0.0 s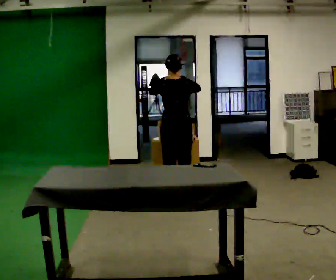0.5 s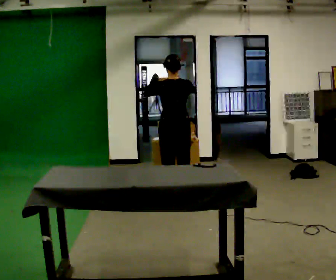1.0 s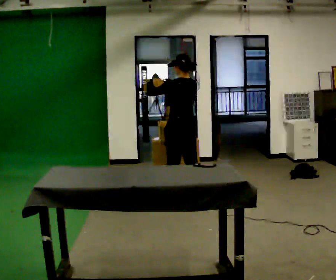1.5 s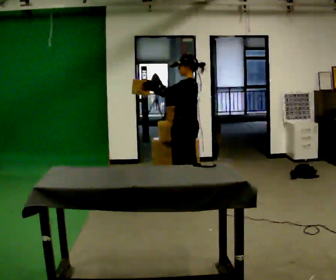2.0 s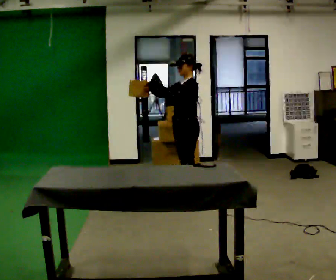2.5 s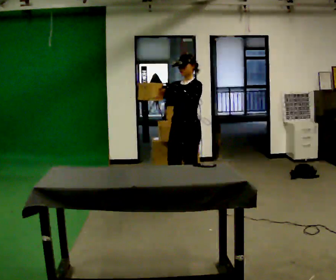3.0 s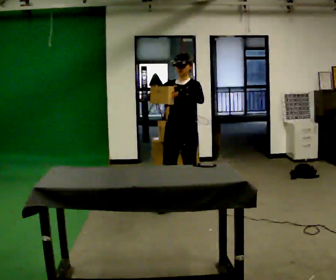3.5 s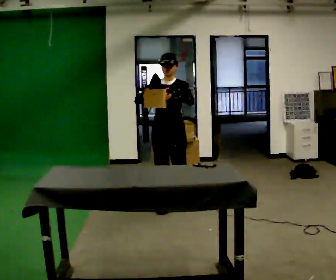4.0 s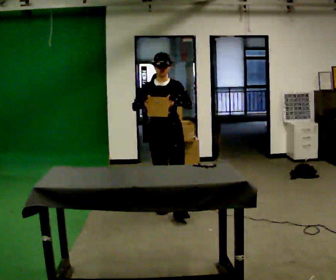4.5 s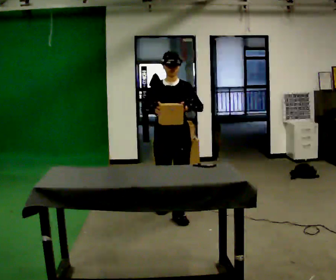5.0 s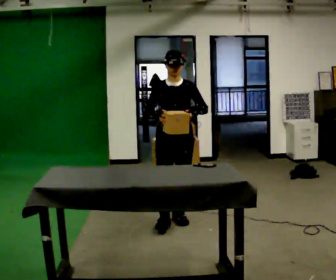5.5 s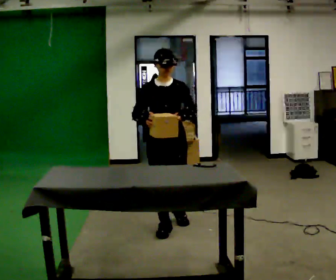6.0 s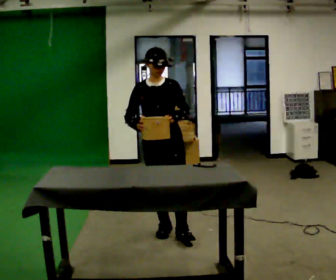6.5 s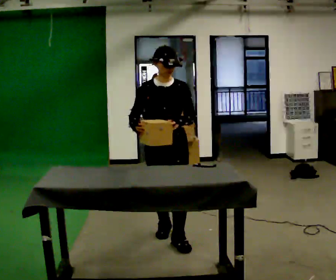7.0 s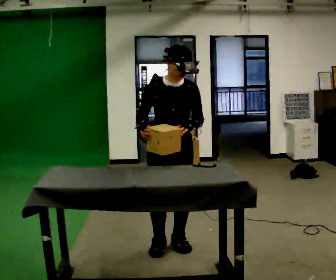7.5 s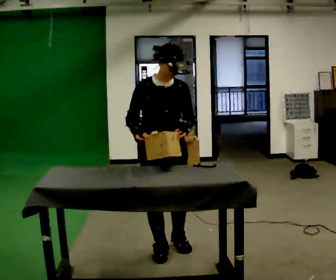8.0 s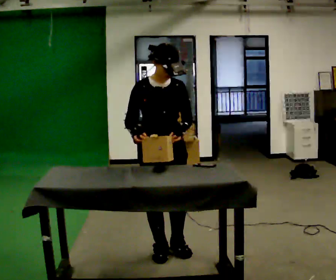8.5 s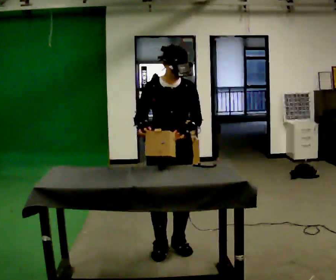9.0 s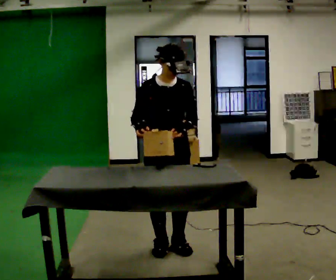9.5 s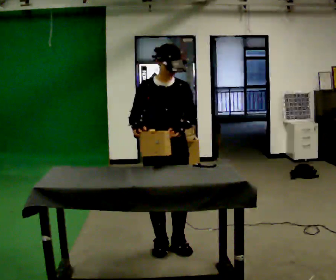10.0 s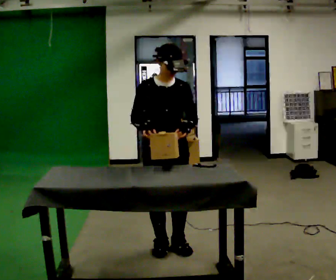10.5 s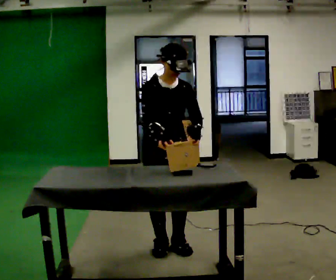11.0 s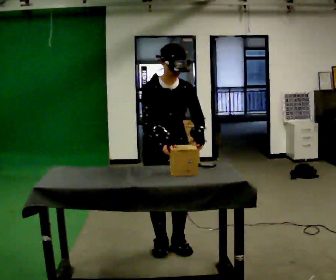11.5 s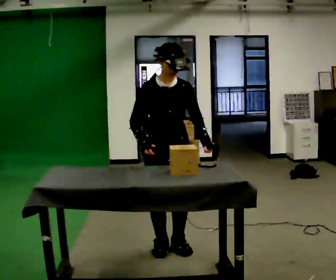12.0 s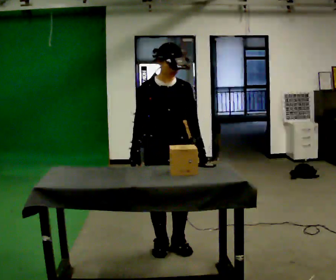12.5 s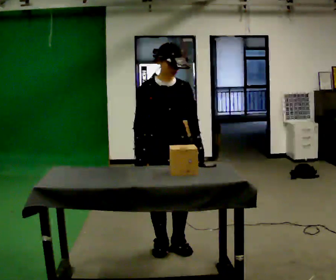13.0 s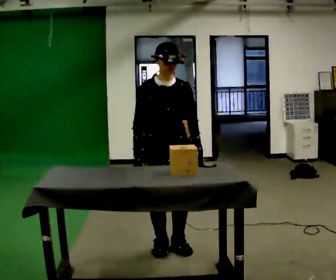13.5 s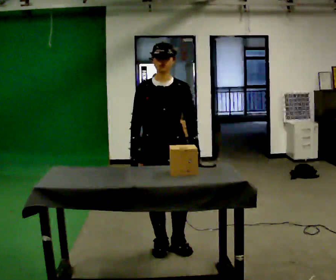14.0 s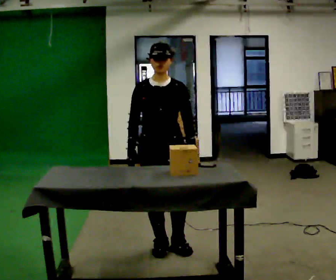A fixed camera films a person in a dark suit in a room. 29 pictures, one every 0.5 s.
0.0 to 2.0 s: The person turns about 105 degrees to their left, counterclockwise seen from above, so the part of the body nearest the lens slides to the right.
2.0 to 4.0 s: Seen from above the body turns counterclockwise, about 75 degrees: to their left, with its near side sliding to the right. In the picture they go toward the camera and to the left, about 0.5 m in 1 step.
4.0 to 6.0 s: In the picture they go toward the camera, about 0.75 m in 2 steps, which for them is forward.
6.0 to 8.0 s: In the picture they go toward the camera, about 0.5 m in 2 steps, which for them is forward.
8.0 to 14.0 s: The person moves a little, or ends about where they began.
The film runs forward here.
